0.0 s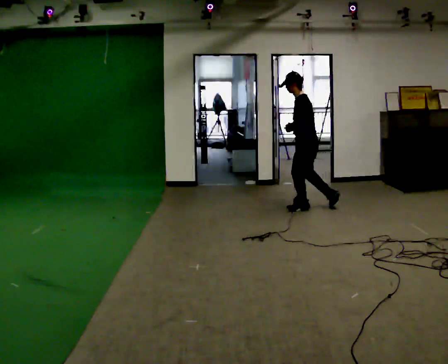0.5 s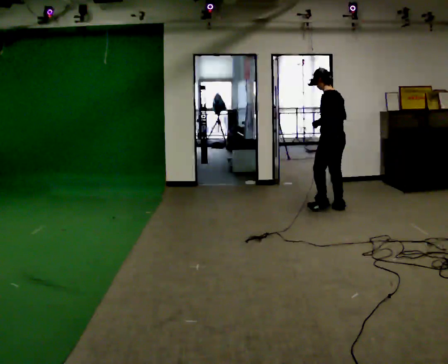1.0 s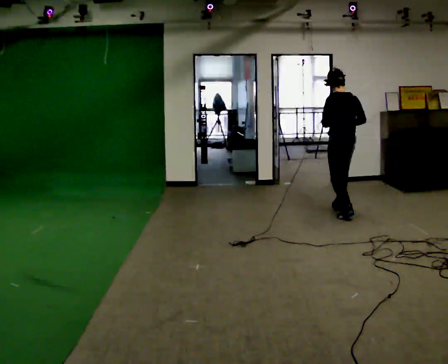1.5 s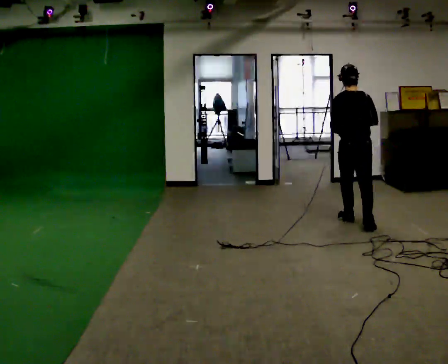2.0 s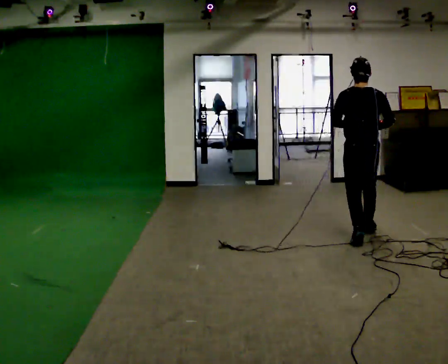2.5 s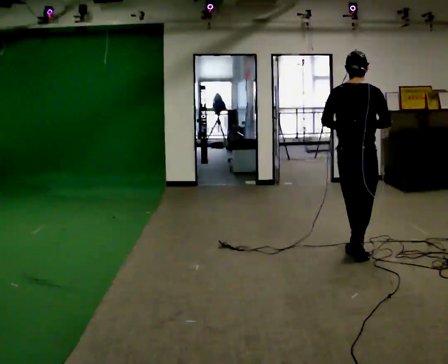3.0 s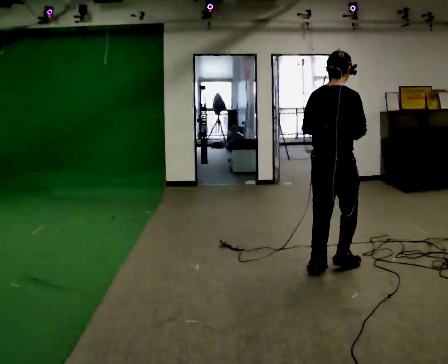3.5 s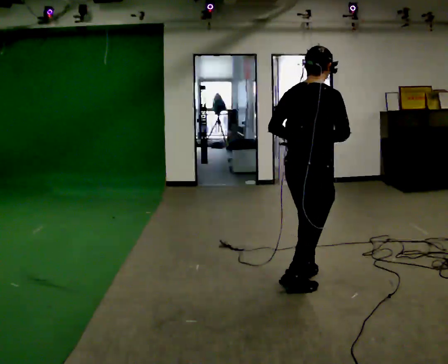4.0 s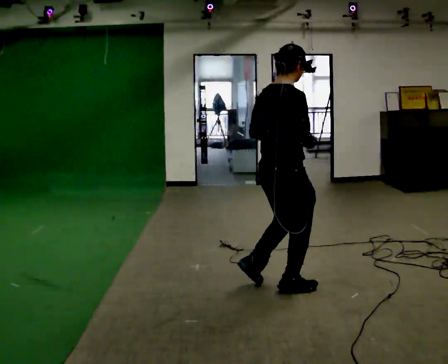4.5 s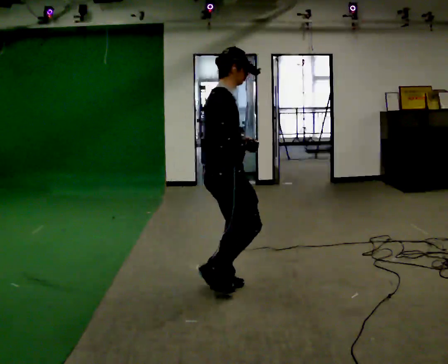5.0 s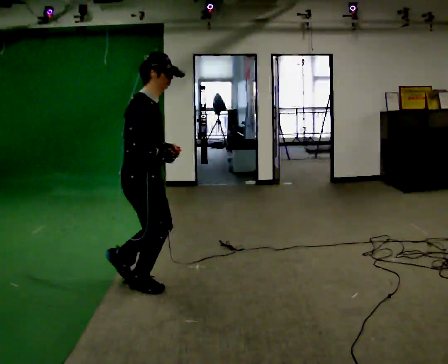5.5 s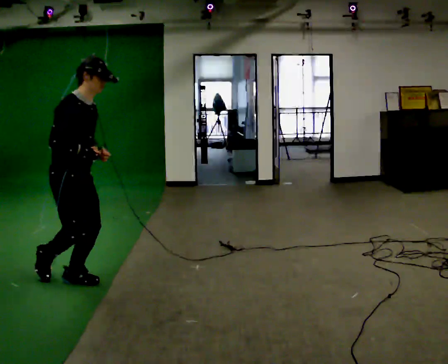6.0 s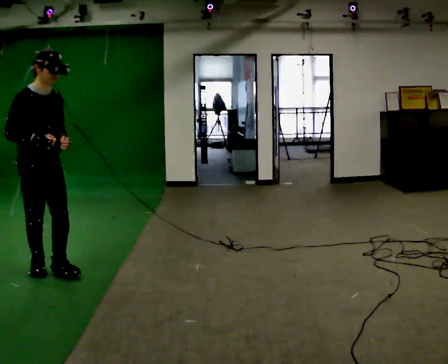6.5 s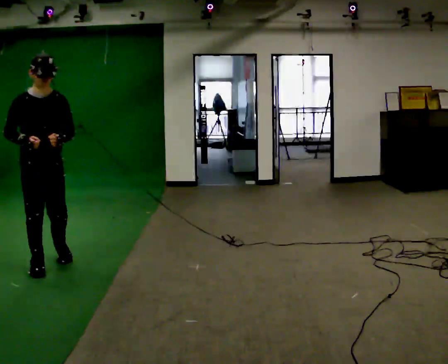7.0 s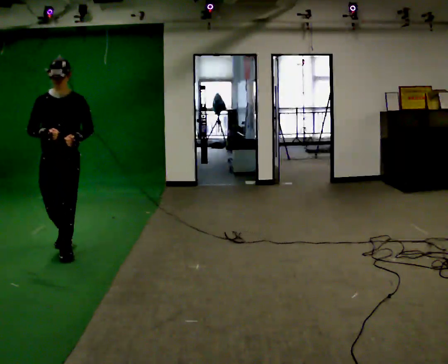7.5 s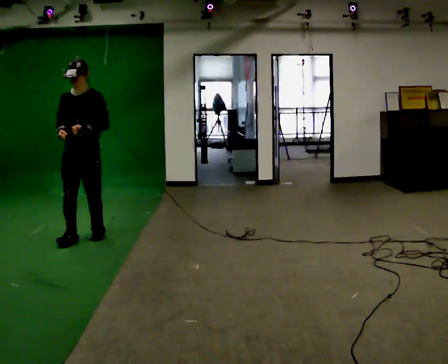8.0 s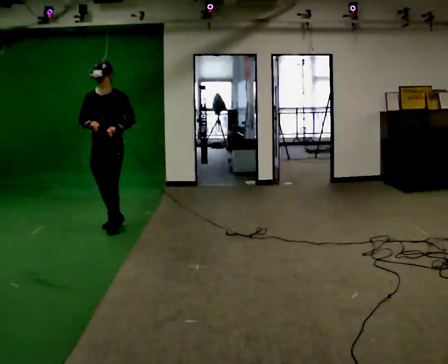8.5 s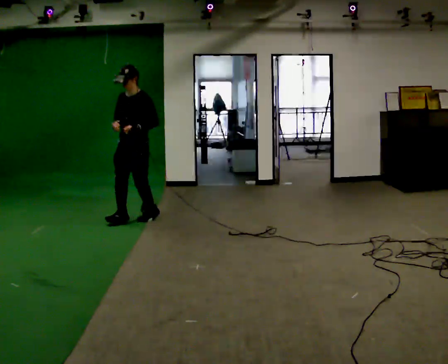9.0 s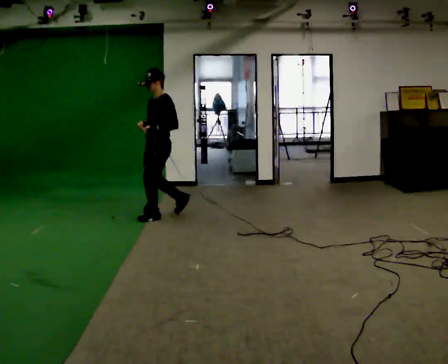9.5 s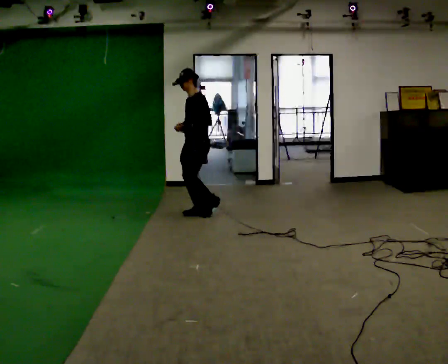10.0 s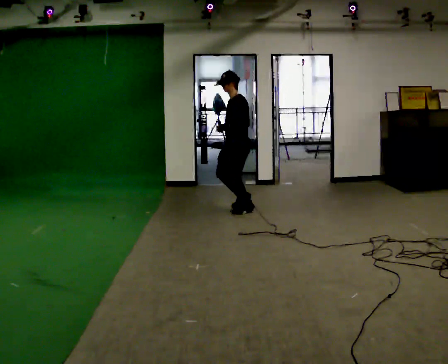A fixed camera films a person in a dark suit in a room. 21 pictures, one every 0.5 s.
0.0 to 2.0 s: The part of the body nearest the lens slides to the left as the person turns to their right by about 75 degrees. In the picture they go toward the camera, about 1.5 m in 3 steps.
2.0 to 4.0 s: Seen from above the body turns clockwise, about 45 degrees: to their right, with its near side sliding to the left. In the picture they go toward the camera and to the left, about 1.5 m in 4 steps, which for them is backward.
4.0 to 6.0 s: Seen from above the body turns clockwise, about 75 degrees: to their right, with its near side sliding to the left. In the picture they go to the left, about 2 m in 4 steps.
6.0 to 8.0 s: Seen from above the body turns clockwise, about 75 degrees: to their right, with its near side sliding to the left. In the picture they go away from the camera, about 1.5 m in 4 steps.
8.0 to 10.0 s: The part of the body nearest the lens slides to the left as the person turns to their right by about 60 degrees. In the picture they go to the right and away from the camera, about 1.5 m in 3 steps, which for them is backward.
The film runs backward here.
